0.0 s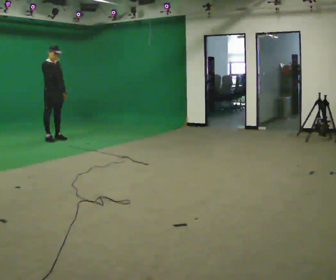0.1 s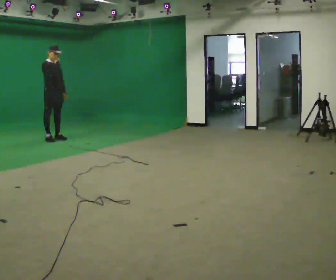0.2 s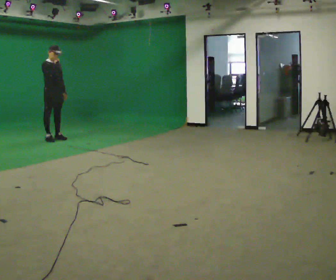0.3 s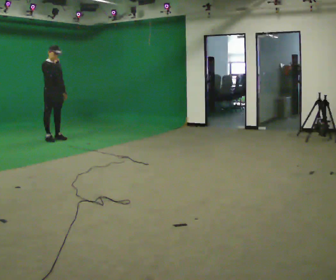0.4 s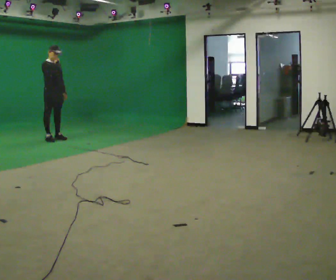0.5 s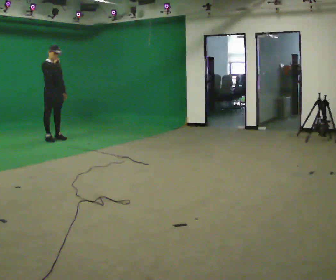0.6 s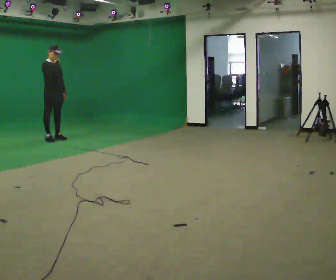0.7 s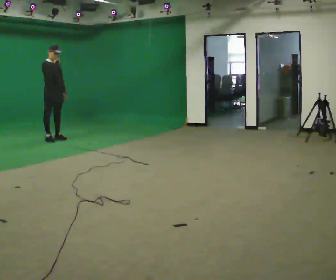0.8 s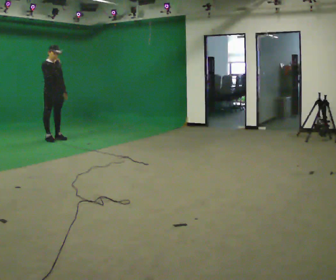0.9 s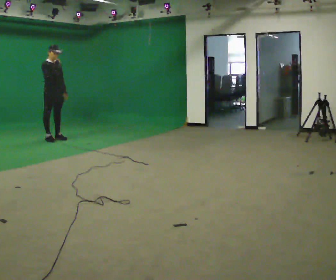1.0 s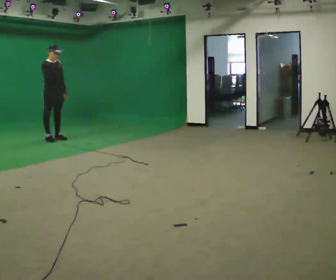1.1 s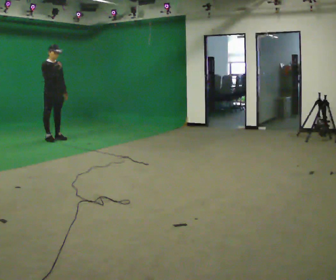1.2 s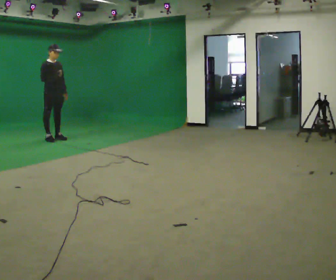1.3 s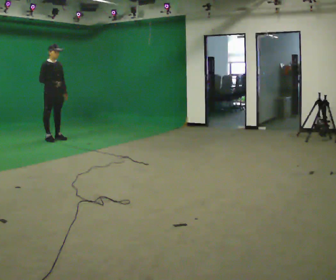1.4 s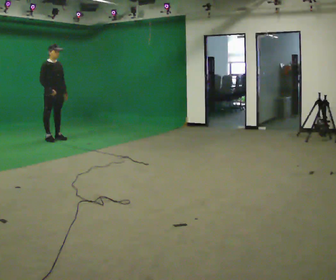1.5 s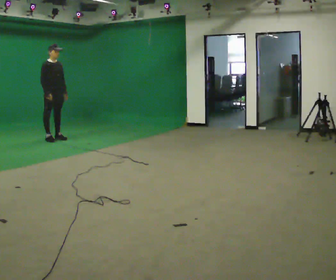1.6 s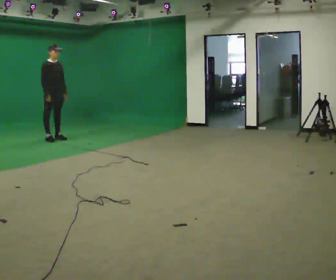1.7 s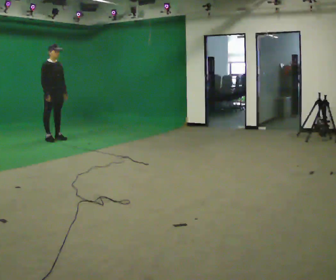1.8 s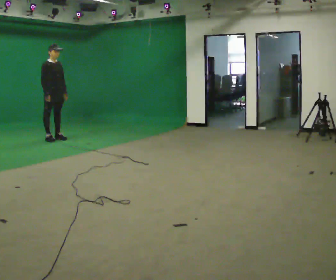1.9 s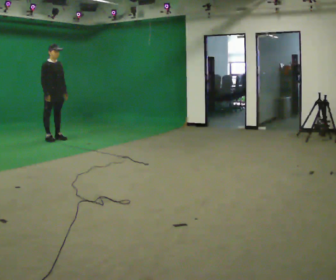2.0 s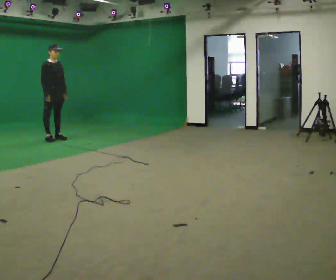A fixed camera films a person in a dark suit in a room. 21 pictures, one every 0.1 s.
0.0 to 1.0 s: The person moves a little, or ends about where they began.
1.0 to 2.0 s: In the picture their right hand goes downward.
The film runs backward here.
